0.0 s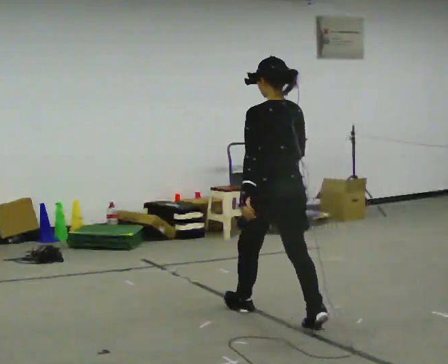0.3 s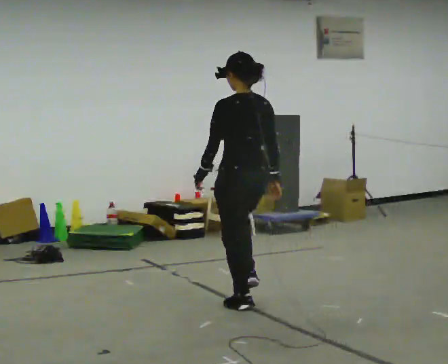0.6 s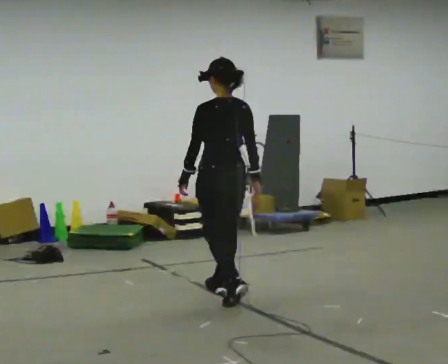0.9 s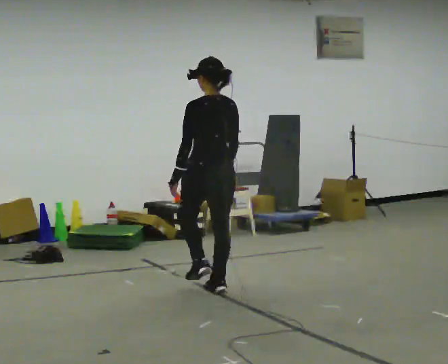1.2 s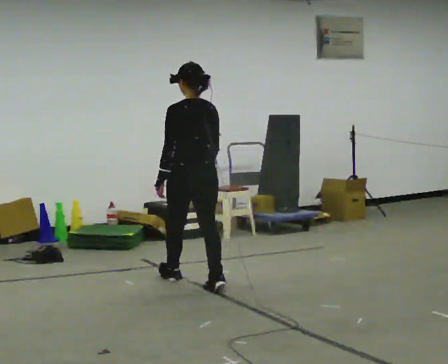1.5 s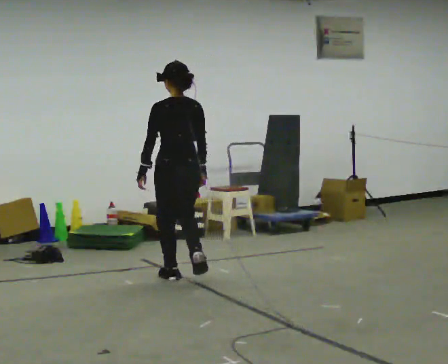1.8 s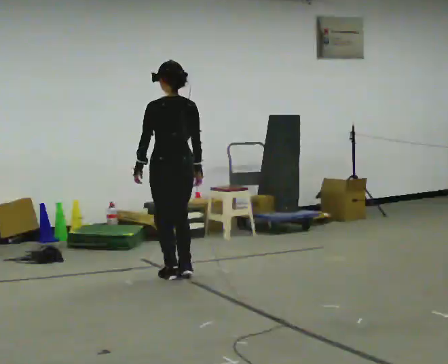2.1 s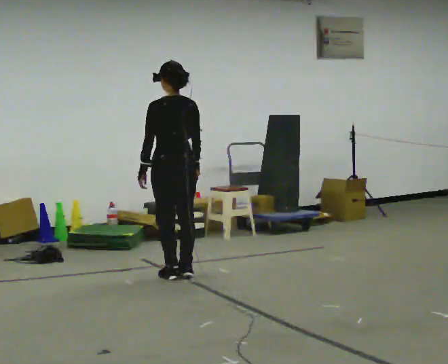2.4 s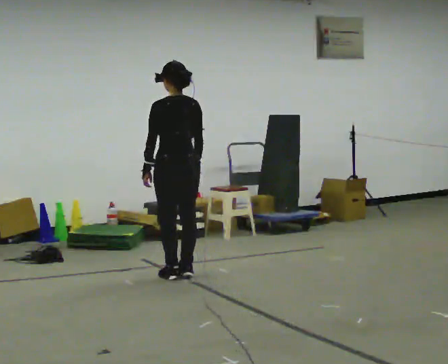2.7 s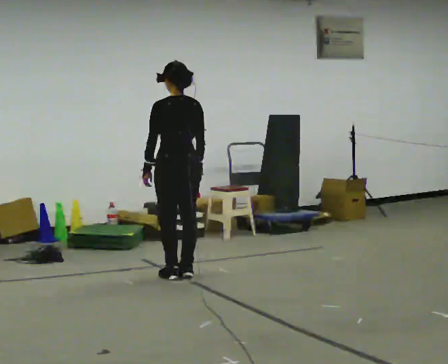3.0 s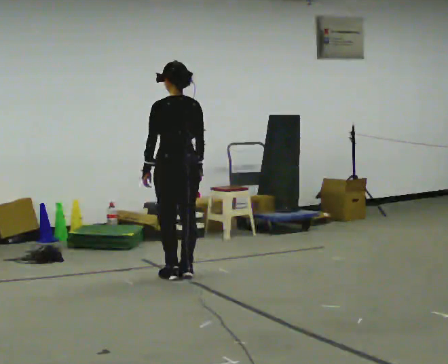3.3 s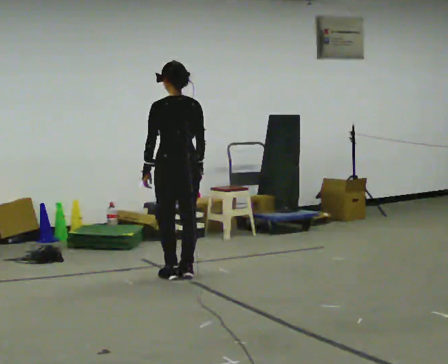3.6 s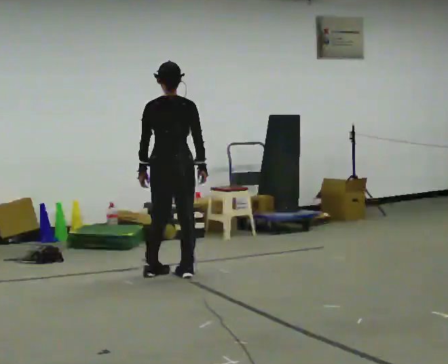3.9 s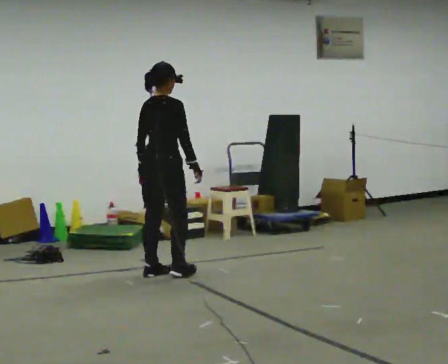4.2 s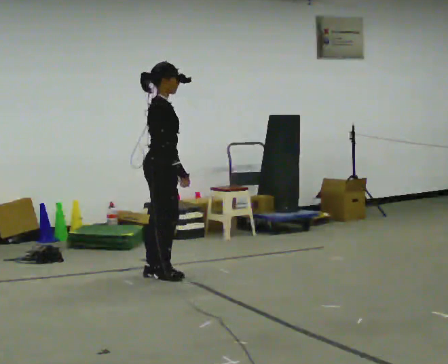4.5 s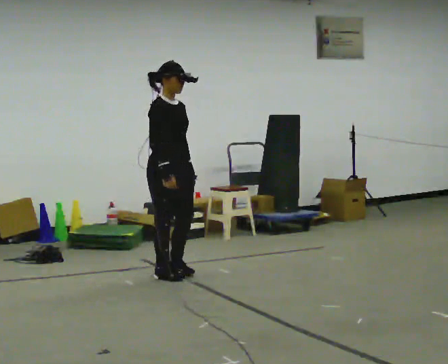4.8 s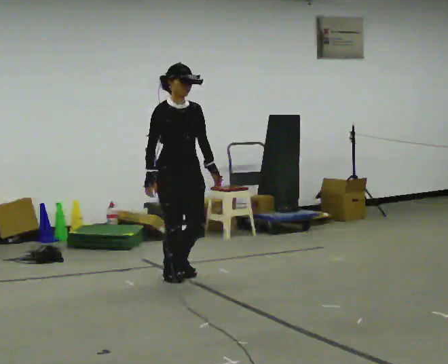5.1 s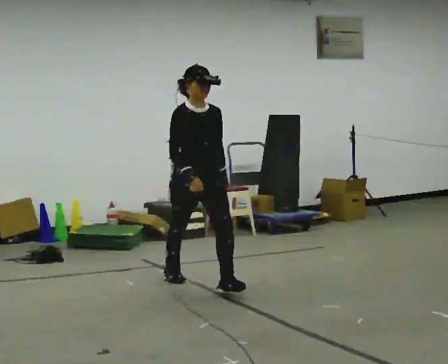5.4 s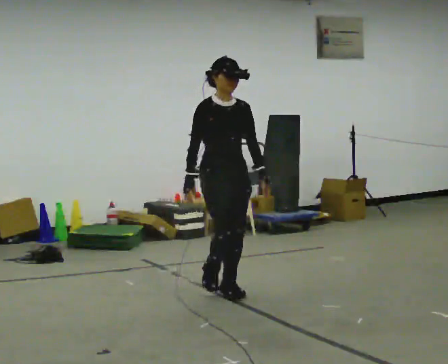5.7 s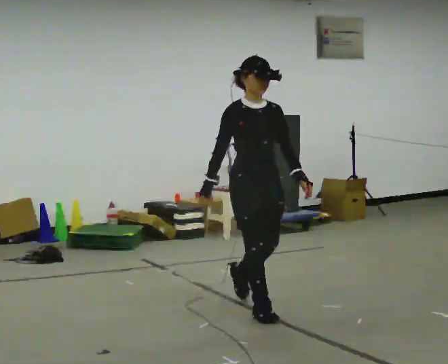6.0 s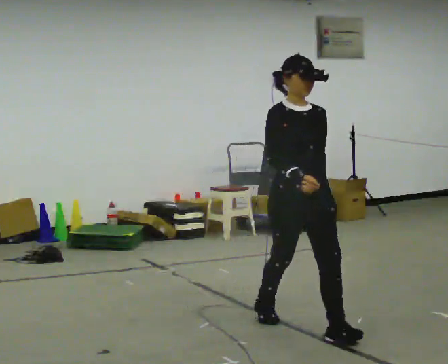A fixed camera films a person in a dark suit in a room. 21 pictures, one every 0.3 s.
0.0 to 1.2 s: In the picture they go away from the camera and to the left, about 1 m in 3 steps, which for them is forward.
1.2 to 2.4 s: In the picture they go away from the camera, about 0.25 m in 1 step, which for them is forward.
2.4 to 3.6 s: The person turns about 30 degrees to their right, clockwise seen from above, so the part of the body nearest the lens slides to the left.
3.6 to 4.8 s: The part of the body nearest the lens slides to the left as the person turns to their right by about 135 degrees. In the picture they go toward the camera, about 0.25 m in 2 steps. In the picture their right hand goes to the left.
4.8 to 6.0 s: In the picture they go toward the camera and to the right, about 1.5 m in 2 steps, which for them is forward.
The film runs forward here.
